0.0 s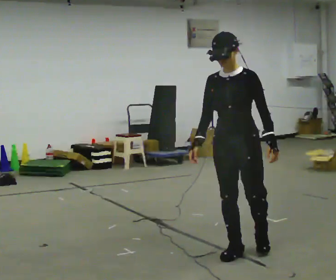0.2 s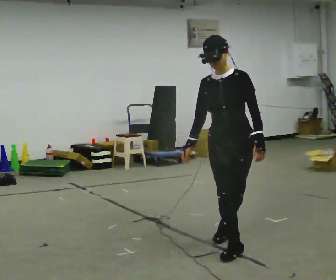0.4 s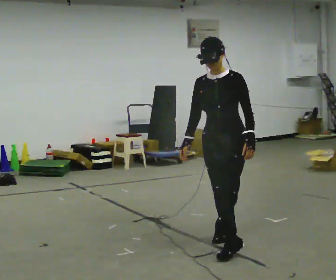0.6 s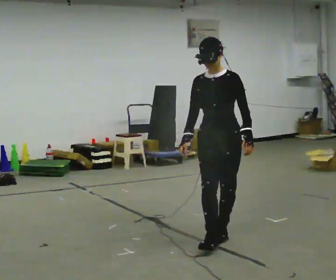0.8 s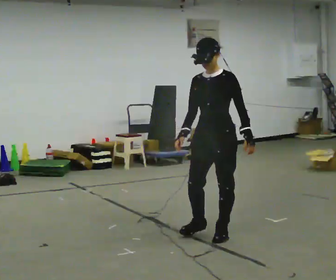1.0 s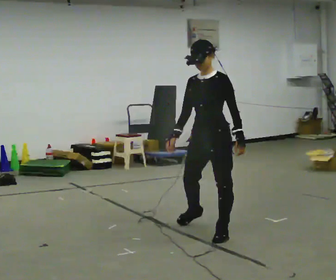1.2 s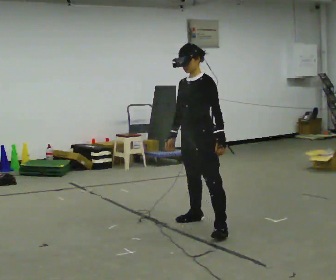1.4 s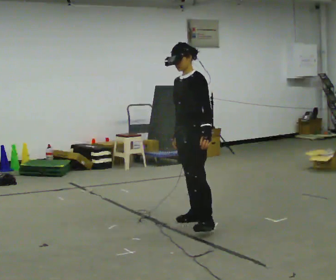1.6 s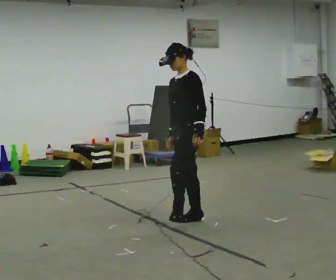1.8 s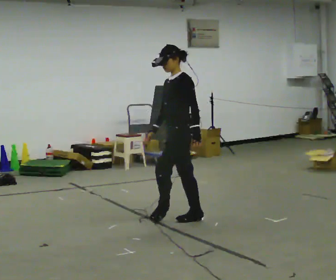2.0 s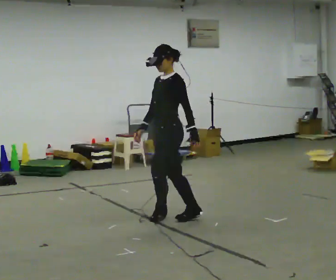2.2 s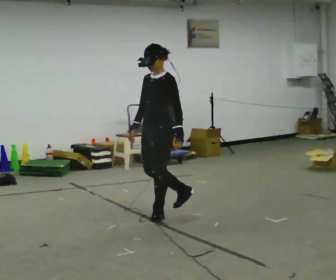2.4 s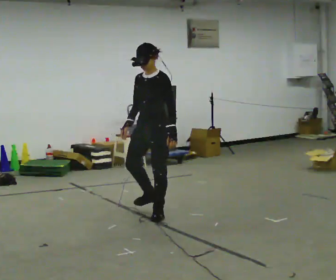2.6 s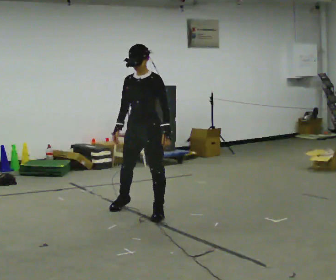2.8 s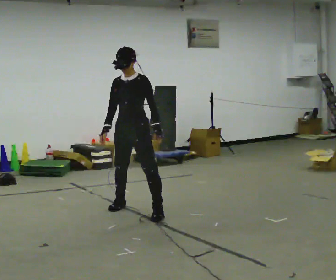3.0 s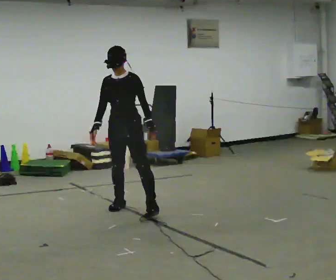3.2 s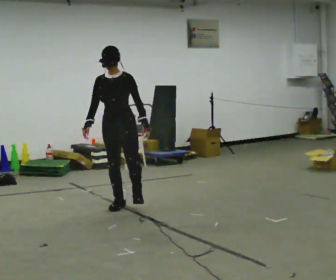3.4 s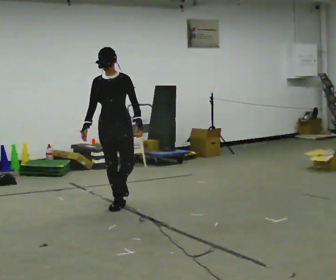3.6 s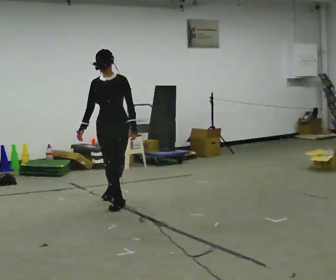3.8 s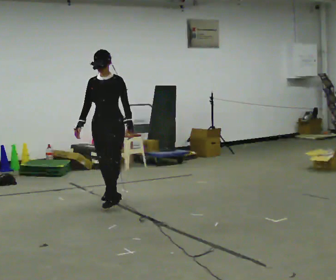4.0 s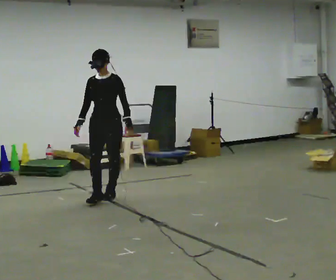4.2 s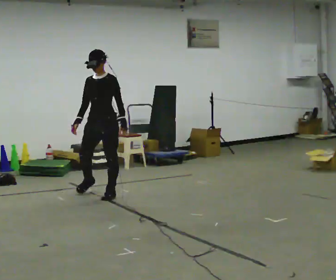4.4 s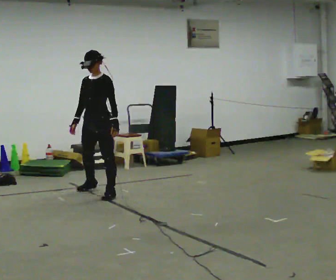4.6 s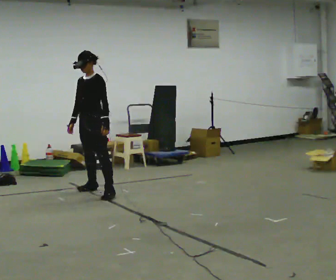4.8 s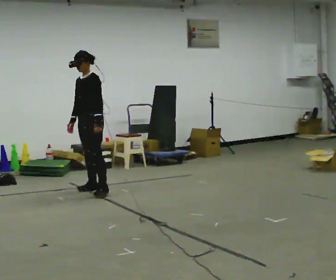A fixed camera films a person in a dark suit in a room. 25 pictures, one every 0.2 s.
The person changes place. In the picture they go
away from the camera.
0.0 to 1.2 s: In the picture they go away from the camera, about 1 m in 1 step, which for them is backward and to their right.
1.2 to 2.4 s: In the picture they go away from the camera and to the left, about 0.5 m in 2 steps, which for them is to their right and forward.
2.4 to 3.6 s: The person turns about 45 degrees to their left, counterclockwise seen from above, so the part of the body nearest the lens slides to the right. In the picture they go away from the camera and to the left, about 0.75 m in 1 step, which for them is to their right and backward.
3.6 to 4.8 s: The person turns about 45 degrees to their right, clockwise seen from above, so the part of the body nearest the lens slides to the left. In the picture they go away from the camera and to the left, about 0.5 m in 2 steps, which for them is to their right and backward.
The film runs backward here.
